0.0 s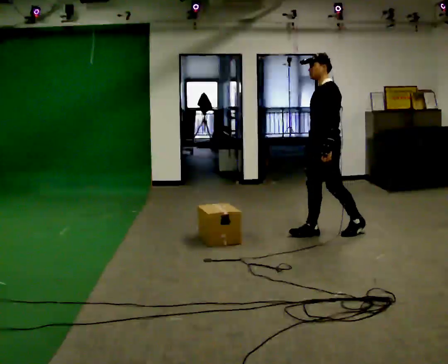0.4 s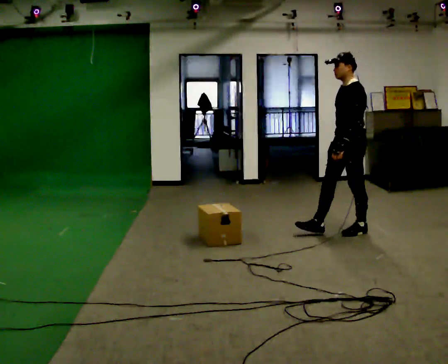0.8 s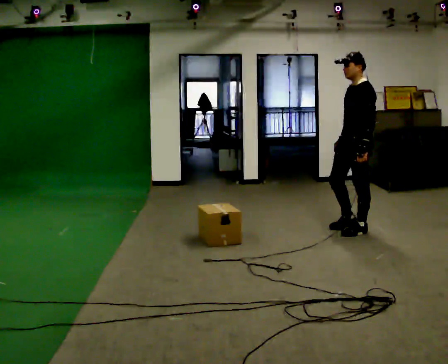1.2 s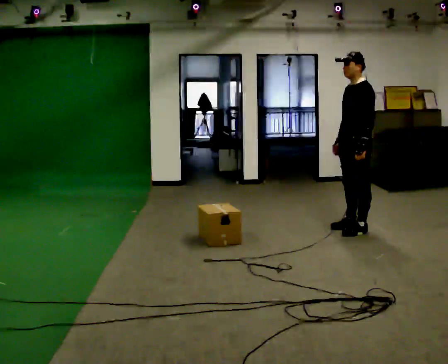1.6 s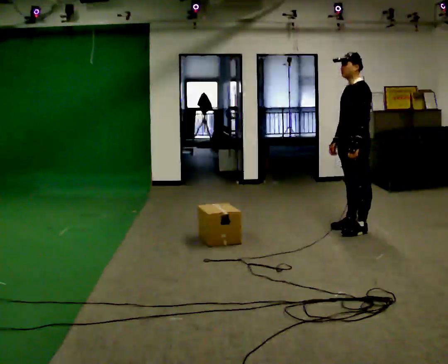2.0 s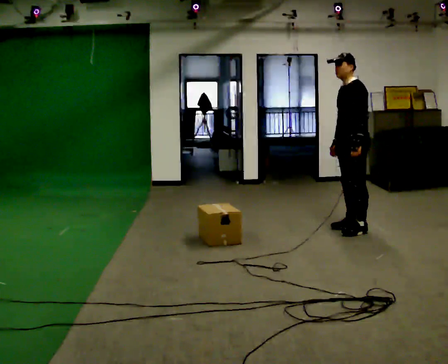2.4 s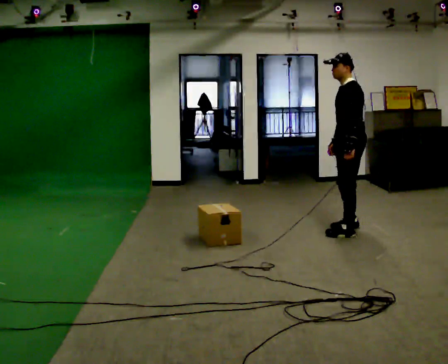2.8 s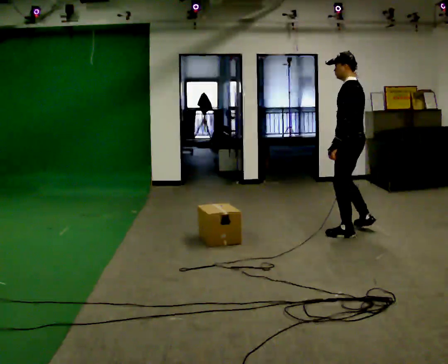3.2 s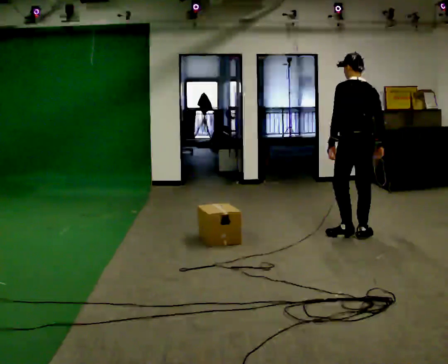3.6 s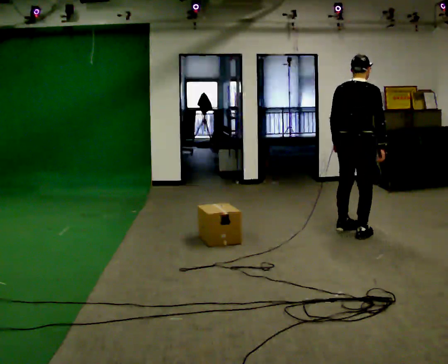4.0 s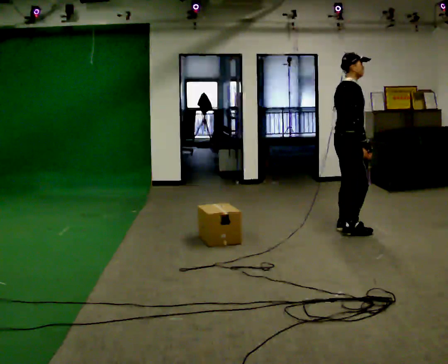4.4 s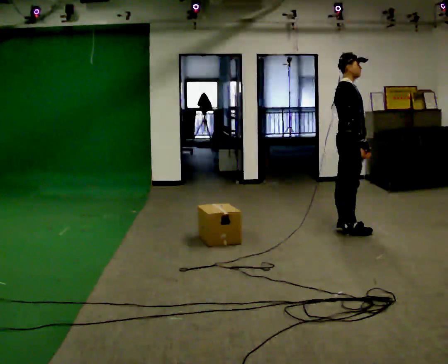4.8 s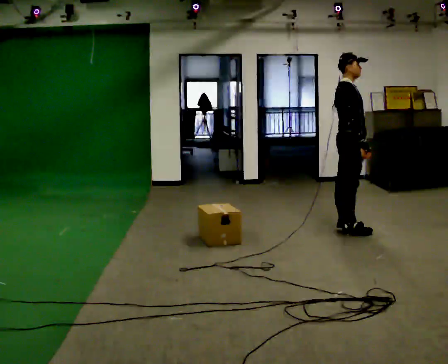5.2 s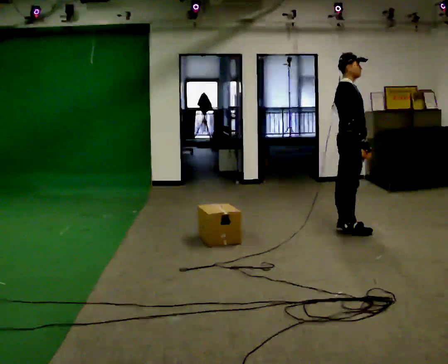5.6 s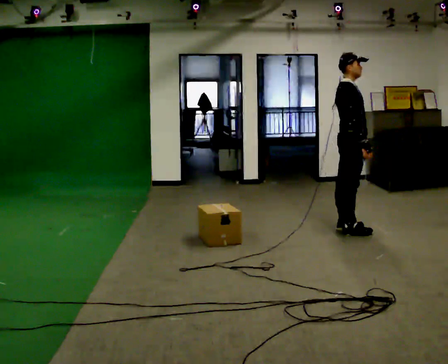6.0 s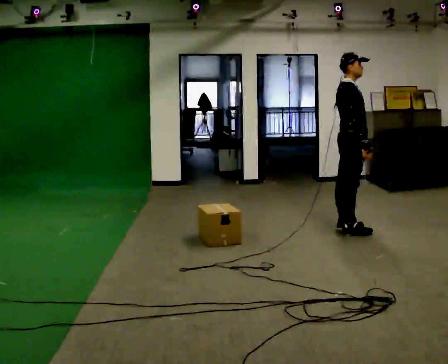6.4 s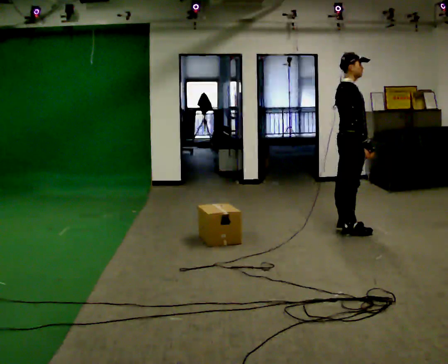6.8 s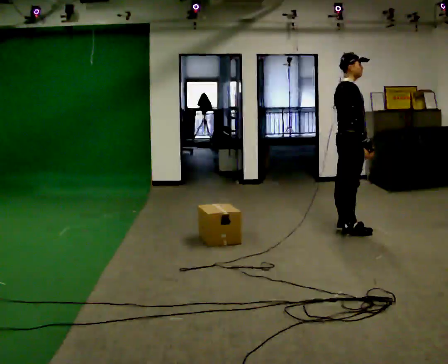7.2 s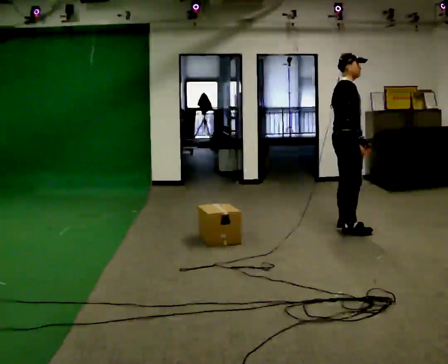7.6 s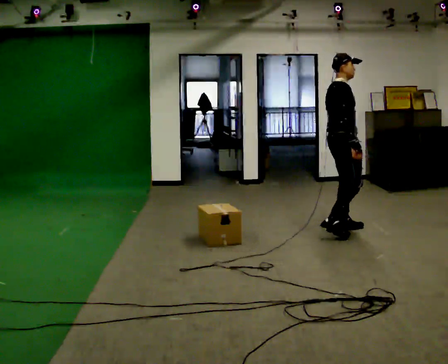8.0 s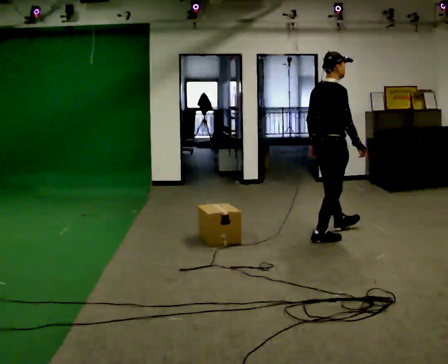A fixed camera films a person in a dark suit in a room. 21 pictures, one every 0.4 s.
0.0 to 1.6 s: In the picture they go to the right and away from the camera, about 0.25 m in 1 step, which for them is backward.
1.6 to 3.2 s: Seen from above the body turns clockwise, about 75 degrees: to their right, with its near side sliding to the left. In the picture they go toward the camera, about 0.25 m in 2 steps. In the picture their right hand goes to the right.
3.2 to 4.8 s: The part of the body nearest the lens slides to the left as the person turns to their right by about 120 degrees. In the picture they go away from the camera, about 0.25 m in 2 steps.
4.8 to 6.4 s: The person moves a little, or ends about where they began.
6.4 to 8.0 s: In the picture they go toward the camera and to the left, about 0.25 m in 2 steps, which for them is backward and to their right.
The film runs backward here.
